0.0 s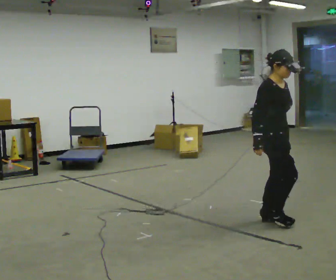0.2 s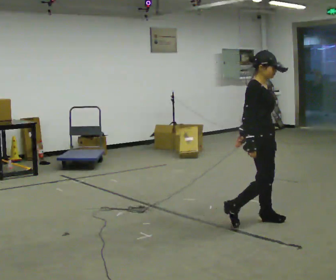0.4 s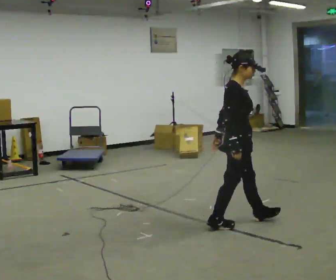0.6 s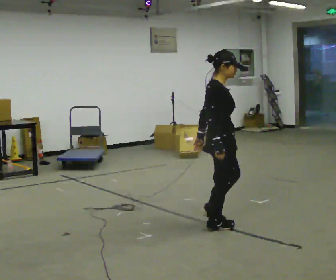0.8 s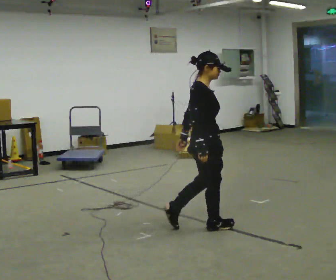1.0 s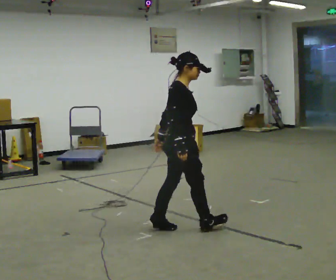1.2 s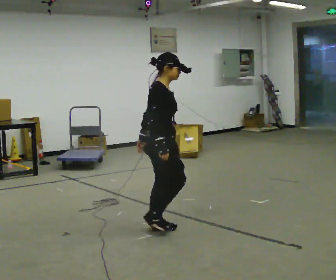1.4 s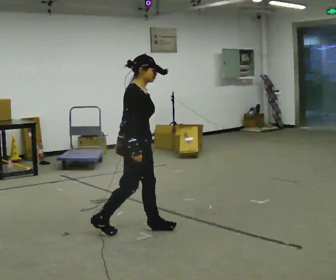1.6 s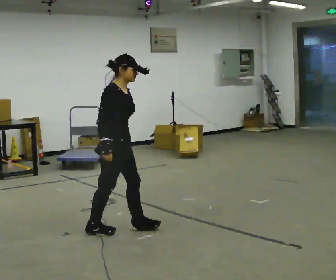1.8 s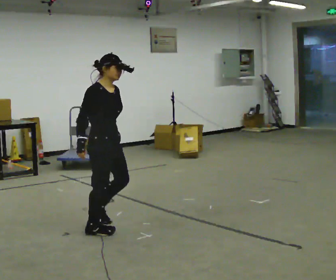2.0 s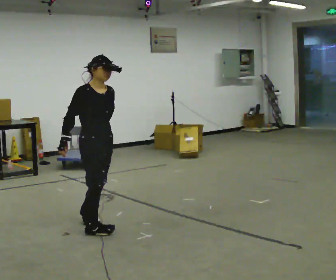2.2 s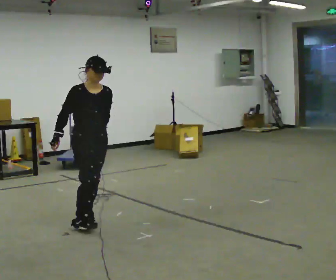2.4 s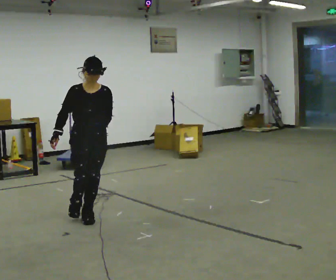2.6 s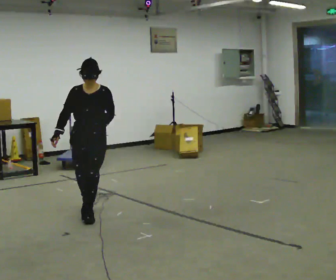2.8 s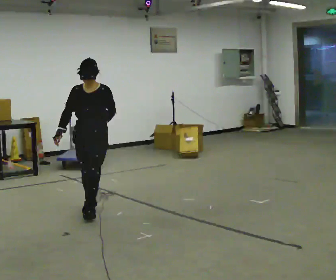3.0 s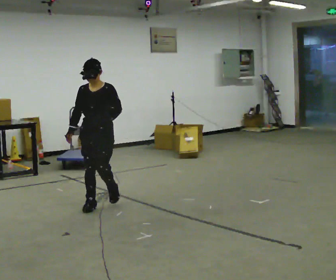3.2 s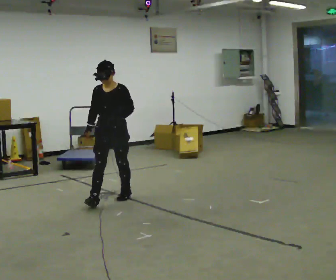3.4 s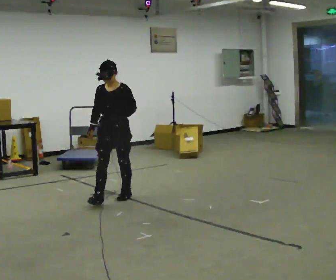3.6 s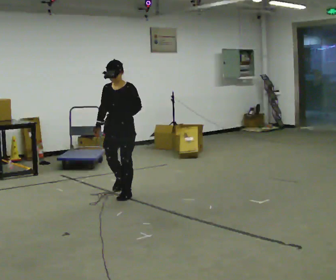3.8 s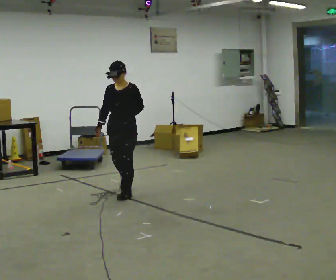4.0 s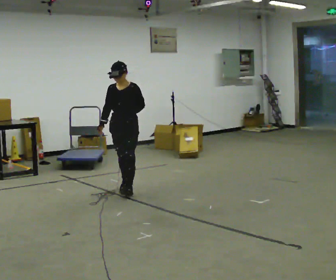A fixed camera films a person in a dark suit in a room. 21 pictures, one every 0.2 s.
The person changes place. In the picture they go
away from the camera.
The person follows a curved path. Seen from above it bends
clockwise.
0.0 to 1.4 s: Seen from above the body turns counterclockwise, about 30 degrees: to their left, with its near side sliding to the right. In the picture they go to the left, about 1 m in 2 steps, which for them is backward.
1.4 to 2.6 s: The part of the body nearest the lens slides to the left as the person turns to their right by about 90 degrees. In the picture they go away from the camera and to the left, about 0.75 m in 2 steps.
2.6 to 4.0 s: In the picture they go away from the camera and to the right, about 1 m in 3 steps, which for them is backward.
The film runs backward here.
